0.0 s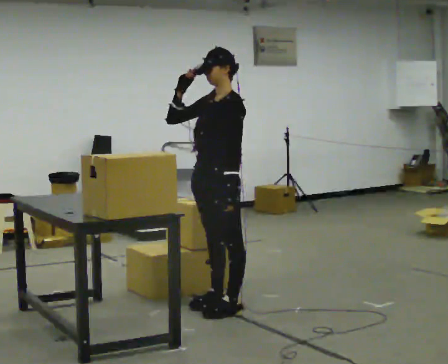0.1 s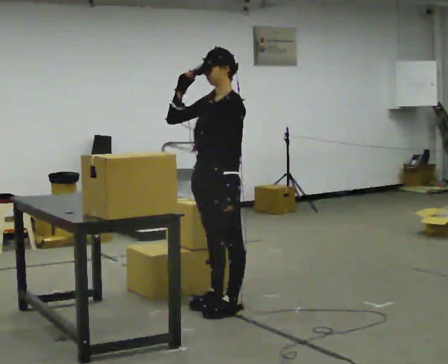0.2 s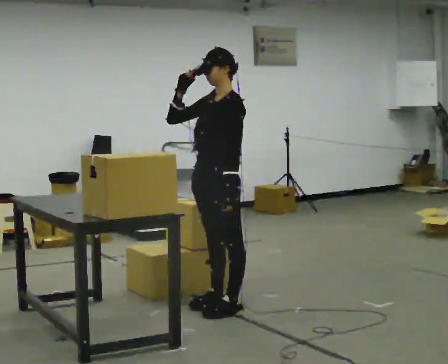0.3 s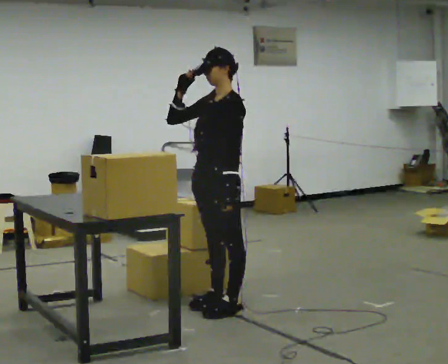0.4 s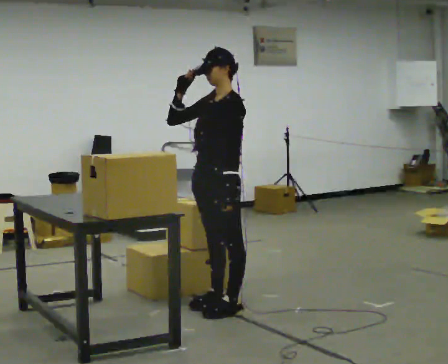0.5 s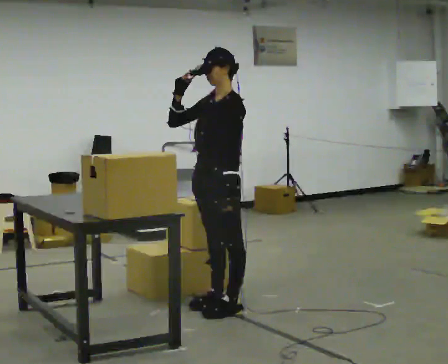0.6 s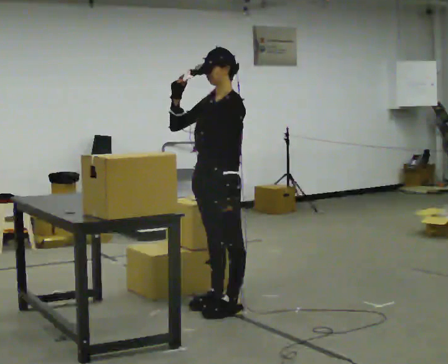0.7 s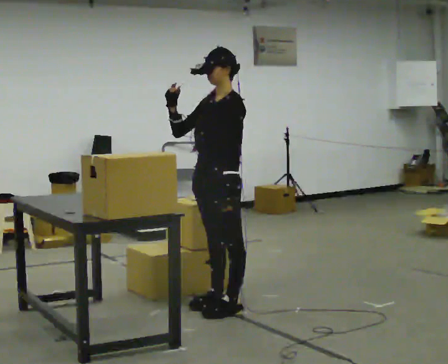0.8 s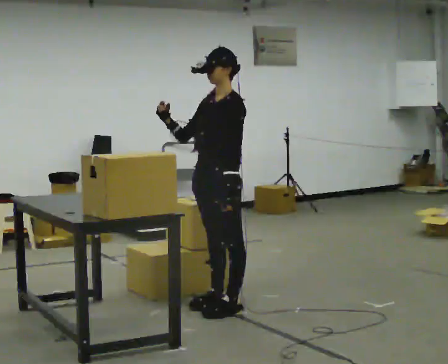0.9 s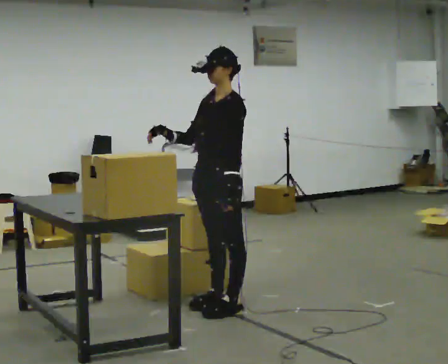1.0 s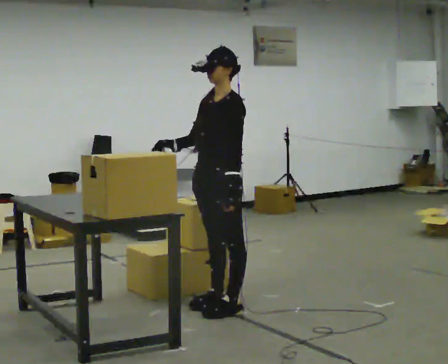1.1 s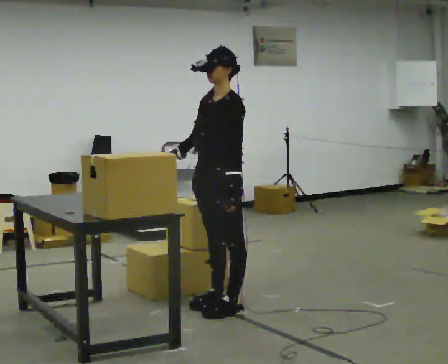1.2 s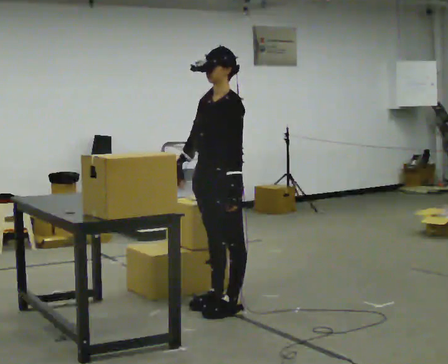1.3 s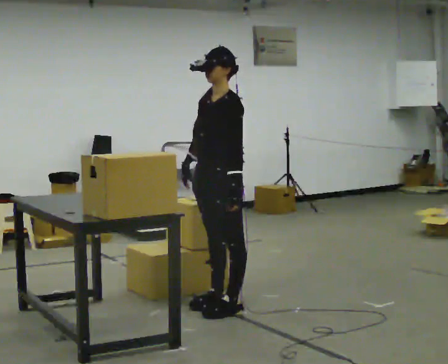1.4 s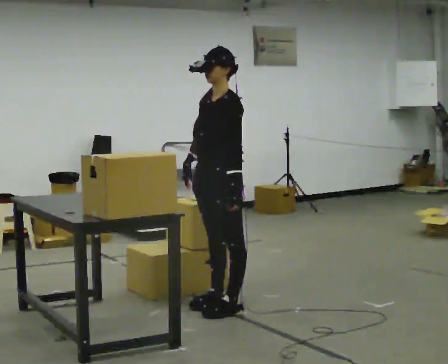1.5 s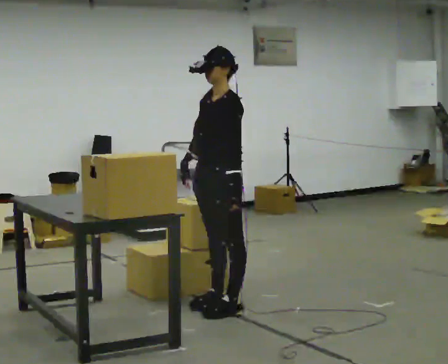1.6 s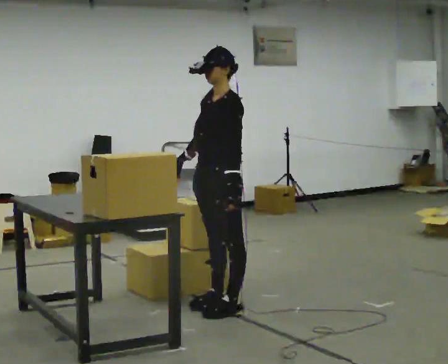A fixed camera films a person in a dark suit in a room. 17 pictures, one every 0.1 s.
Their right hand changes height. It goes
downward.
0.0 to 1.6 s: In the picture their right hand goes downward.
The film runs forward here.
